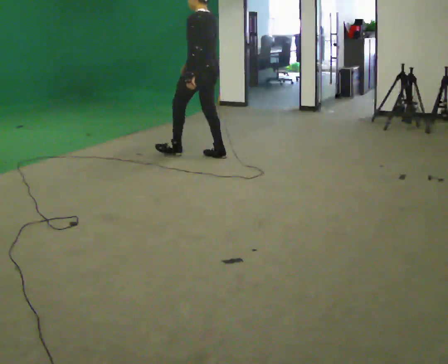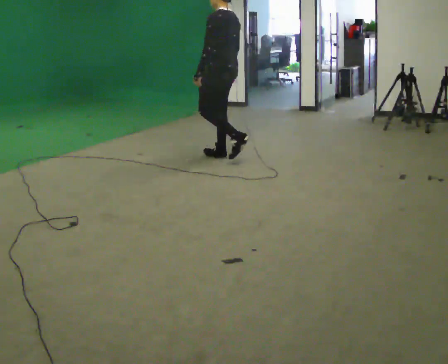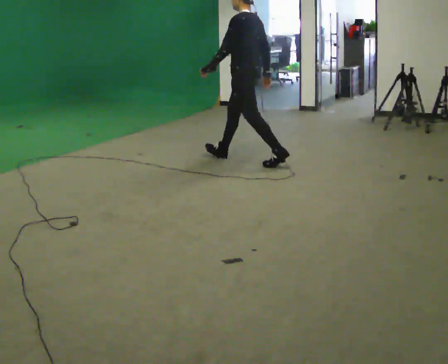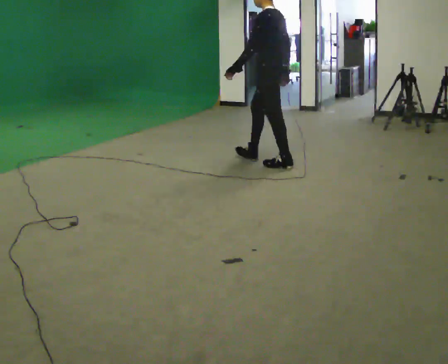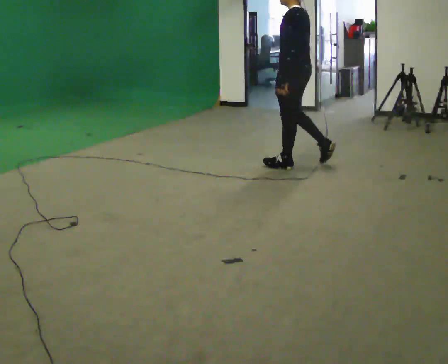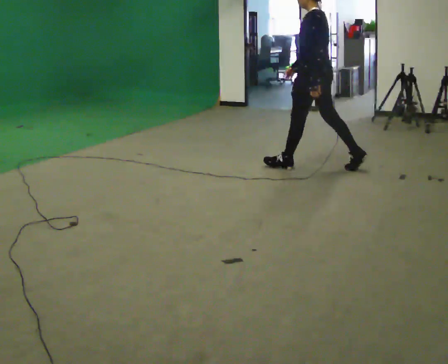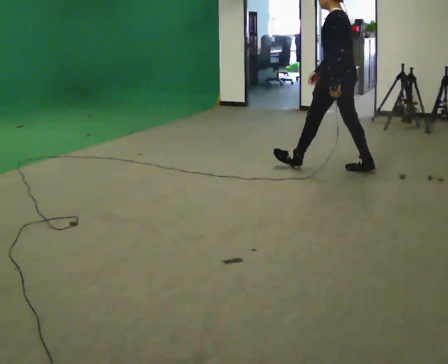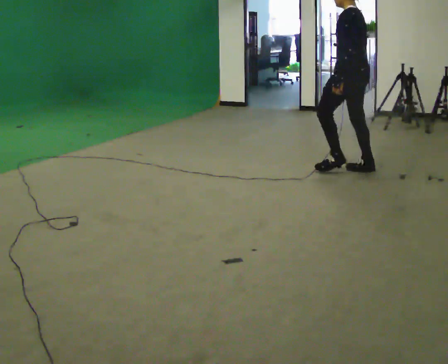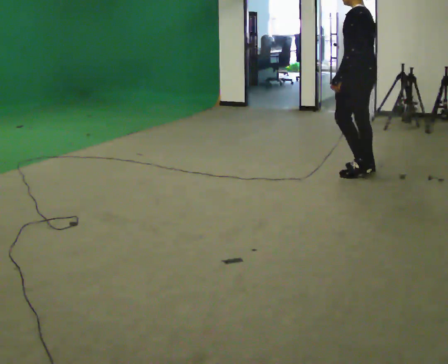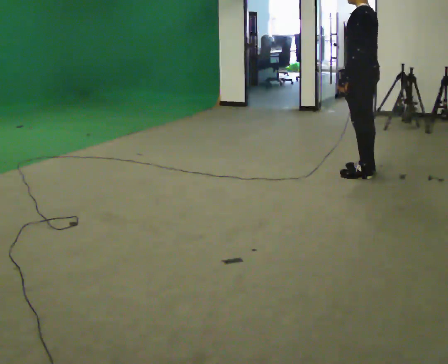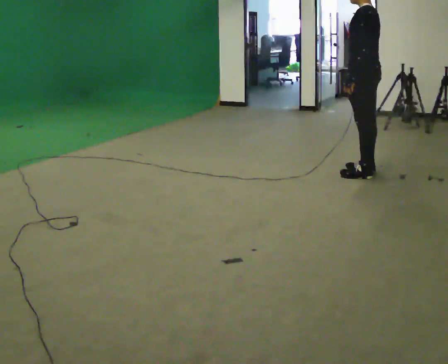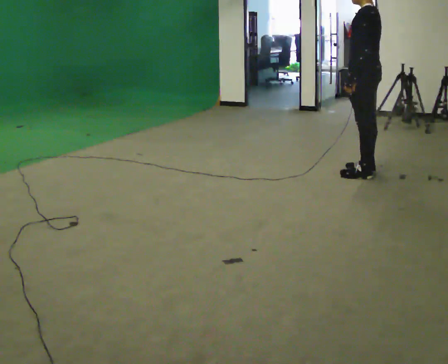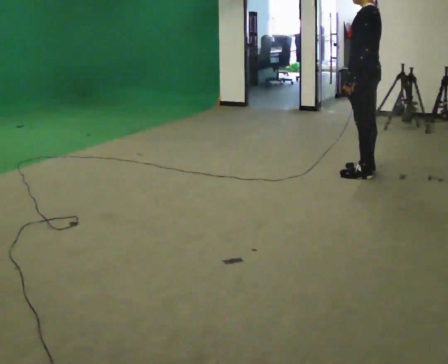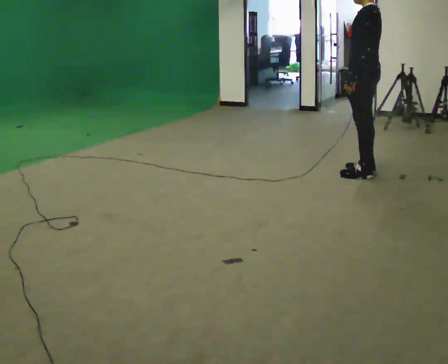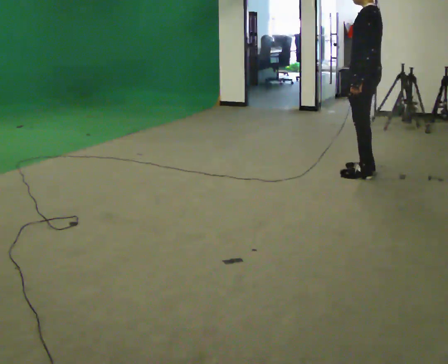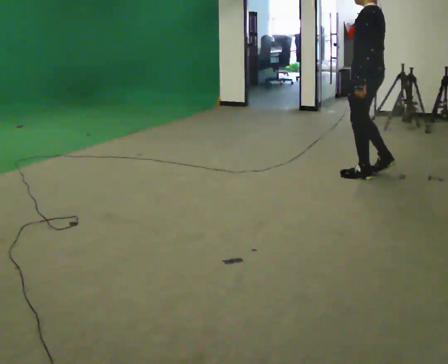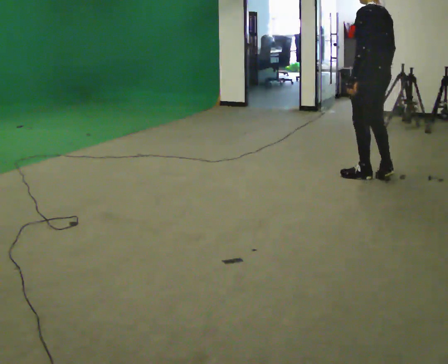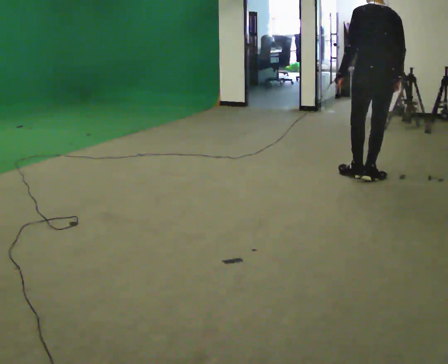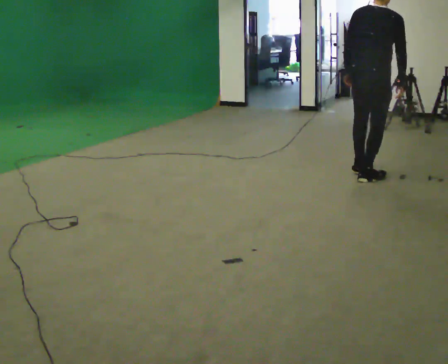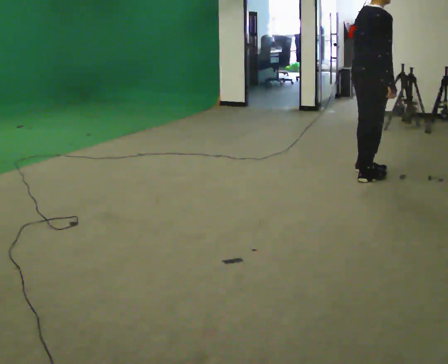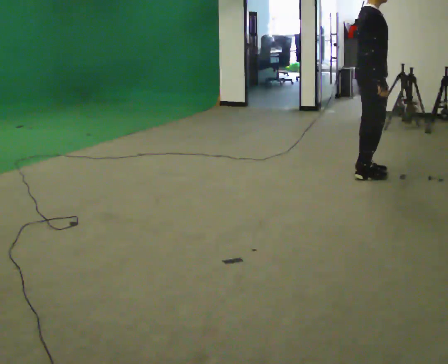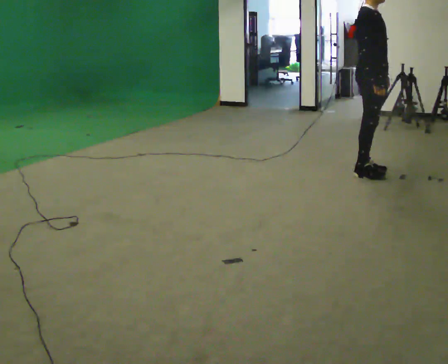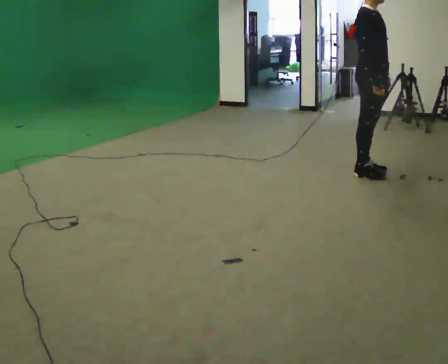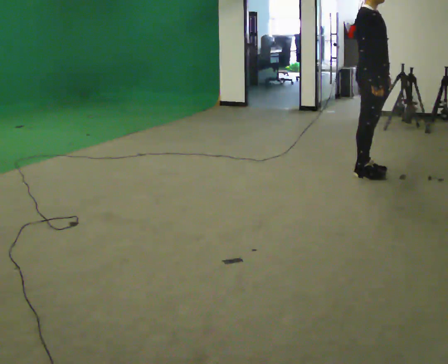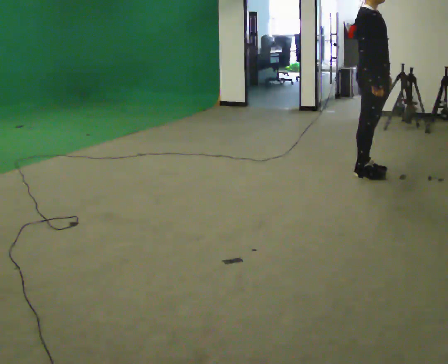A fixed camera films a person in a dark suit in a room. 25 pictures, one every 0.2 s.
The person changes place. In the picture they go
to the right.
The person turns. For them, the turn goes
to their right.
0.0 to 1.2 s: In the picture they go to the right, about 1.5 m in 2 steps, which for them is backward.
1.2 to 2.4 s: In the picture they go to the right, about 0.25 m, which for them is backward.
2.4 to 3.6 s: Seen from above the body turns clockwise, about 105 degrees: to their right, with its near side sliding to the left. In the picture they go toward the camera, about 0.25 m in 2 steps.
3.6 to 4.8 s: The person turns about 75 degrees to their right, clockwise seen from above, so the part of the body nearest the lens slides to the left. In the picture their left hand goes to the right.
The film runs backward here.
